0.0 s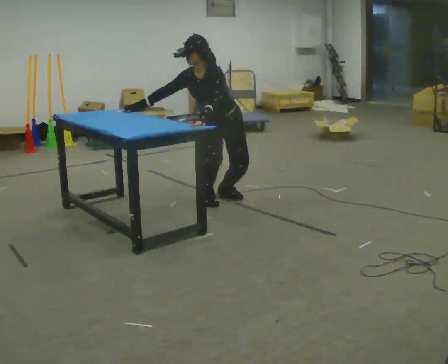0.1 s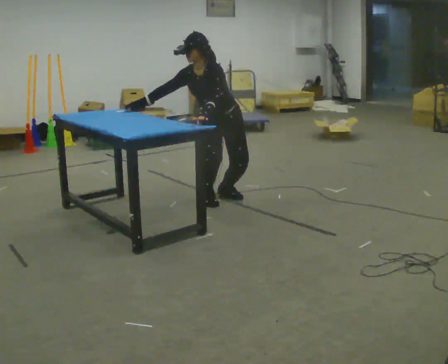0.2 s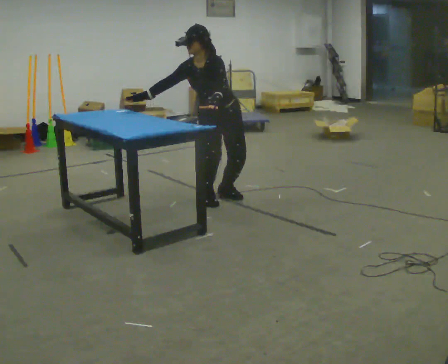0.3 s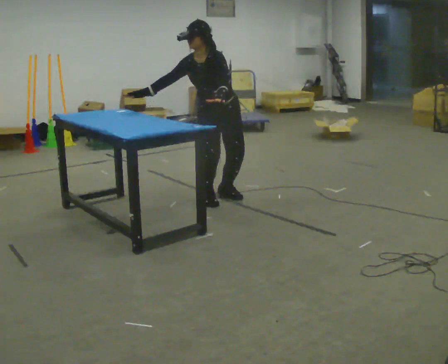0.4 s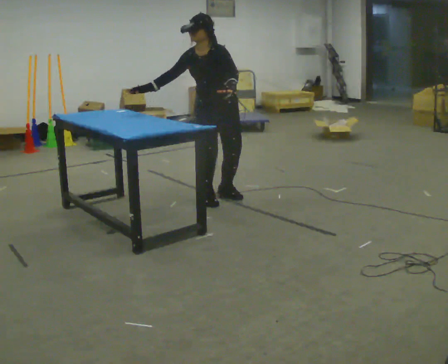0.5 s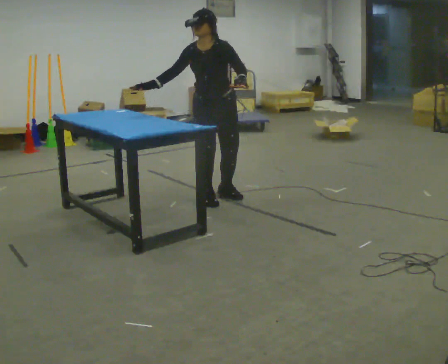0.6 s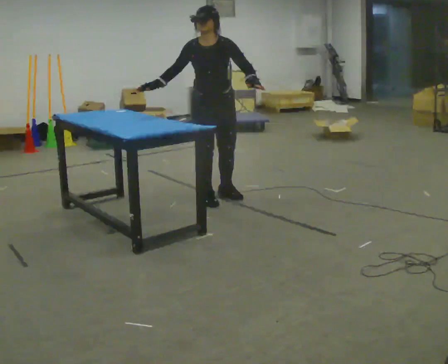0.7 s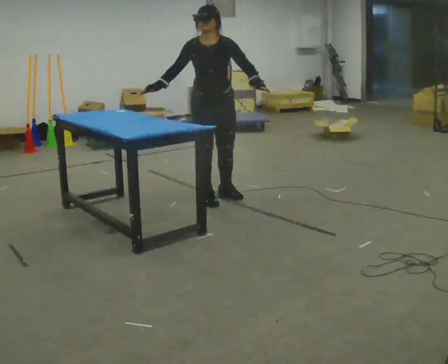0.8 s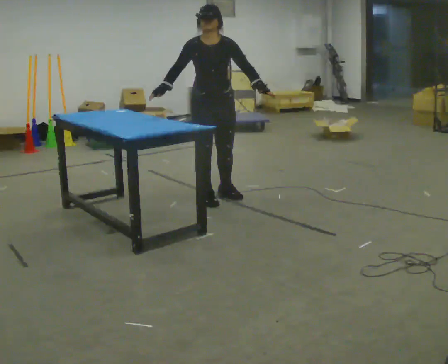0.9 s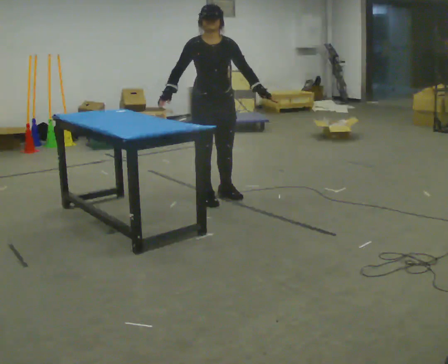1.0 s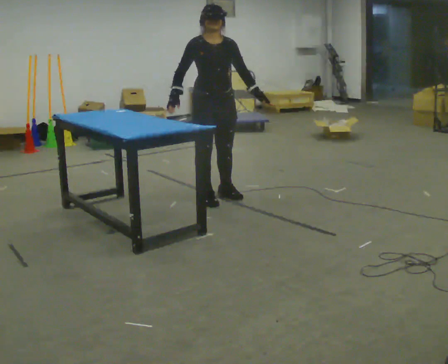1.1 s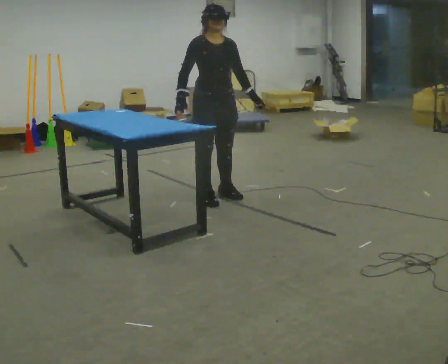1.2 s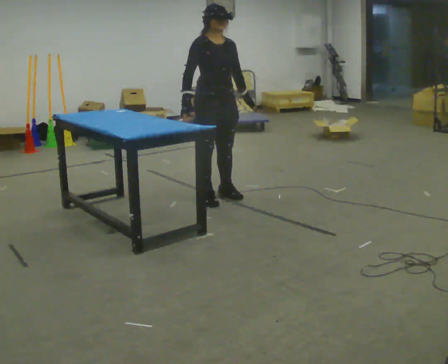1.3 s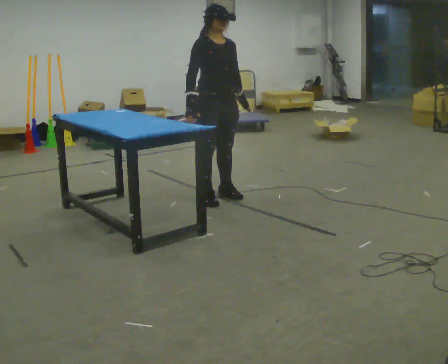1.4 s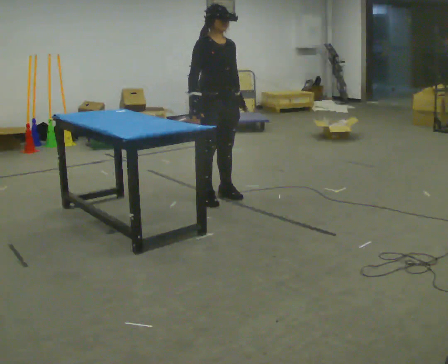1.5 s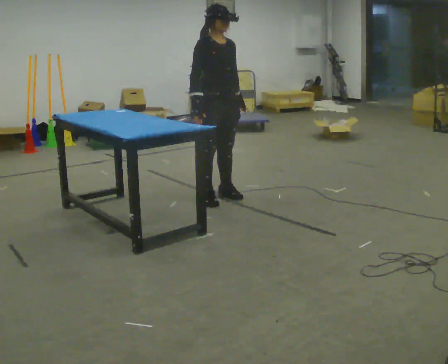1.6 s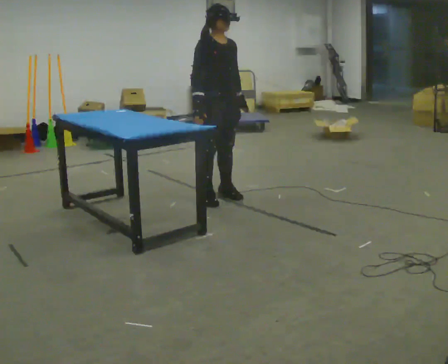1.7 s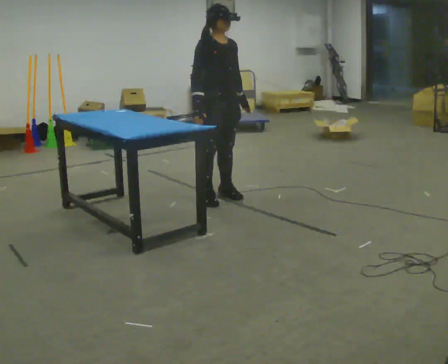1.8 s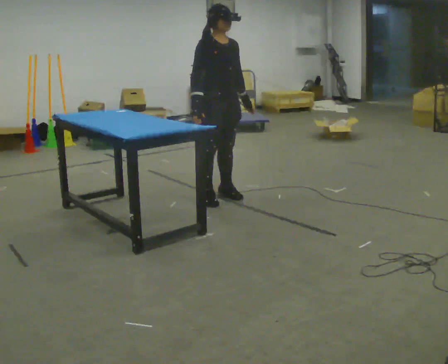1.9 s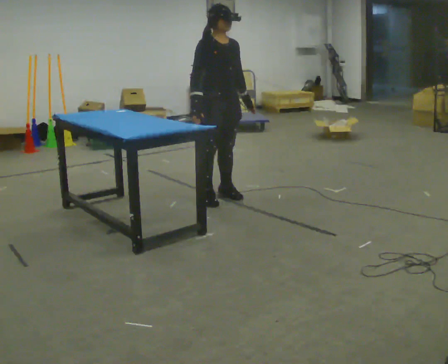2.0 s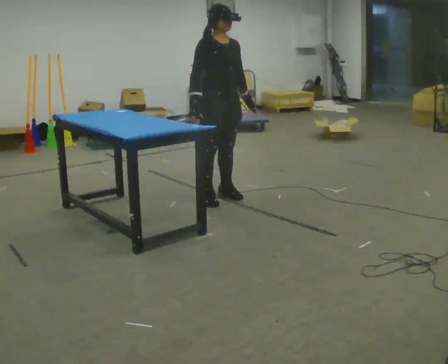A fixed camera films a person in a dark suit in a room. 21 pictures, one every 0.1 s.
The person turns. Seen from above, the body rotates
counterclockwise.
The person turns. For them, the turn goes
to their left.
0.0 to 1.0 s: Seen from above the body turns counterclockwise, about 45 degrees: to their left, with its near side sliding to the right. The shoulders move upward. In the picture the upper body tilts clockwise, shoulders to the right, as they lean back or straighten. In the picture their left hand goes to the right.
1.0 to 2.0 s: The person moves a little, or ends about where they began.
The film runs forward here.
